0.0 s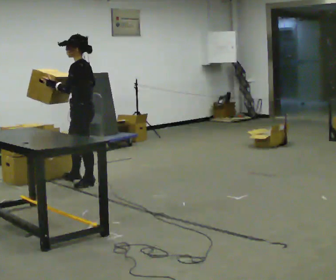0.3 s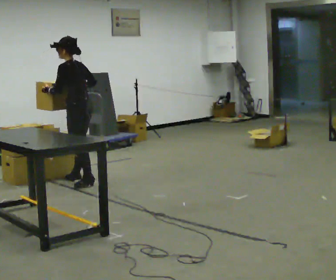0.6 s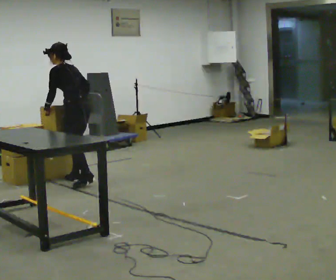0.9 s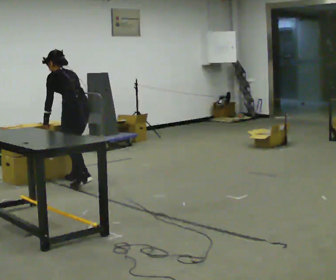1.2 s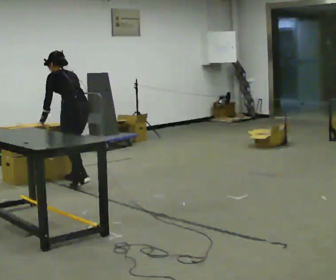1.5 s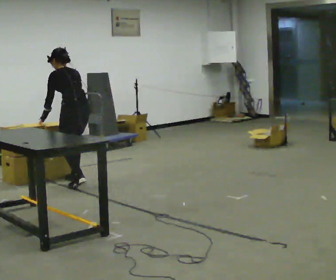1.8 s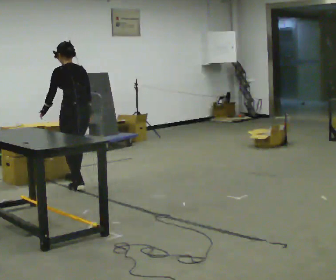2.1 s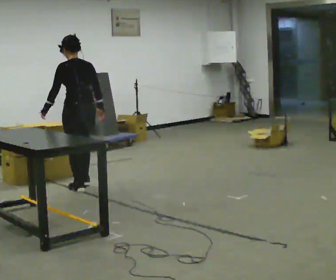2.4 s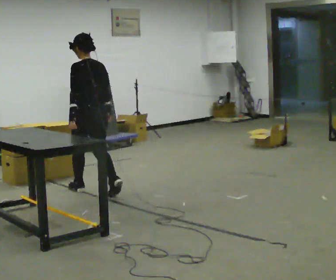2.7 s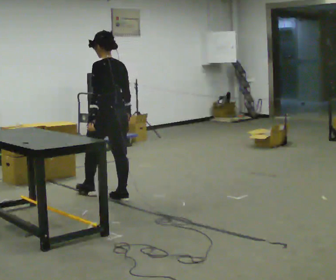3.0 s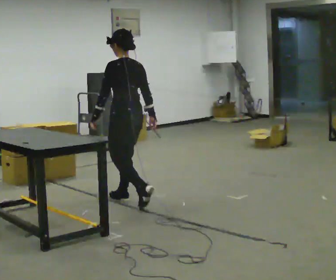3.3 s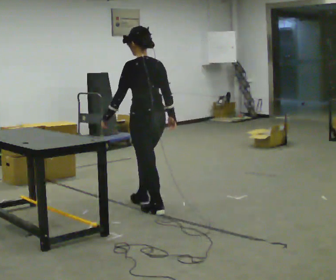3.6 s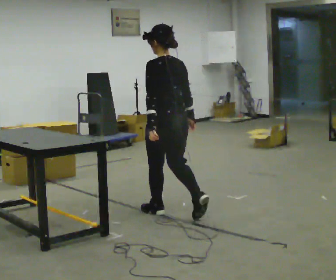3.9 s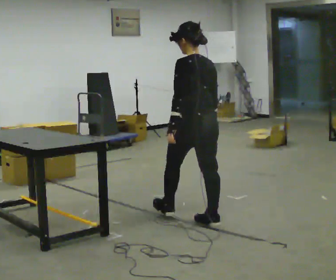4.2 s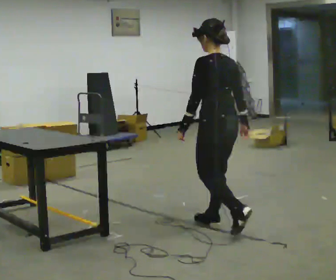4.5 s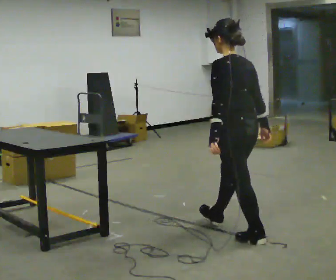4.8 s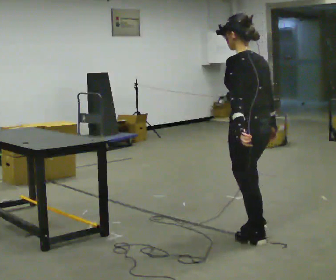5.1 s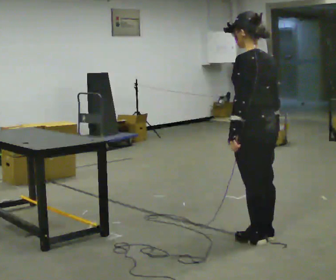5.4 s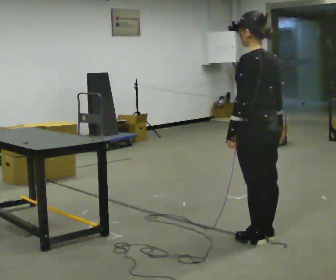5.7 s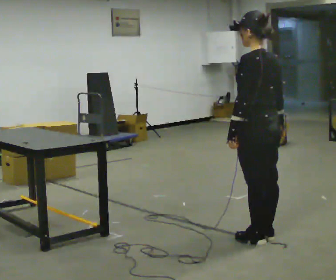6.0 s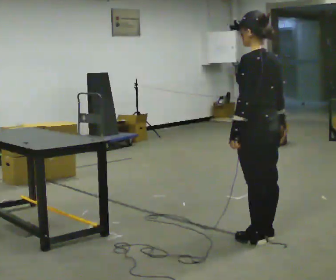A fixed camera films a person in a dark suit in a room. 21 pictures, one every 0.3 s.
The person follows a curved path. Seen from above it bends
counterclockwise.
The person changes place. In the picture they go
toward the camera.
0.0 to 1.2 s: The part of the body nearest the lens slides to the left as the person turns to their right by about 45 degrees. The upper body tips away from the camera, its near side rolling upward, as they bend forward. In the picture their right hand goes downward.
1.2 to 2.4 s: In the picture they go toward the camera, about 0.5 m in 1 step, which for them is backward. The upper body tips toward the camera, its near side rolling downward, as they lean back or straighten.
2.4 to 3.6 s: In the picture they go toward the camera and to the right, about 1 m in 2 steps, which for them is backward.
3.6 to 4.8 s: In the picture they go toward the camera and to the right, about 1 m in 2 steps, which for them is backward.
4.8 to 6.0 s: The person moves a little, or ends about where they began.
The film runs backward here.
